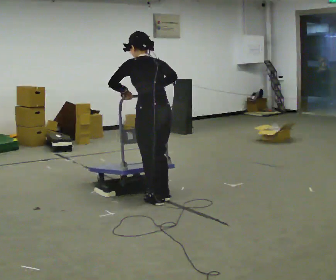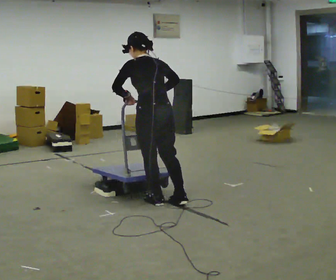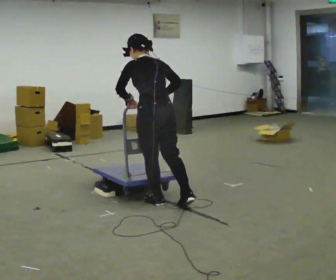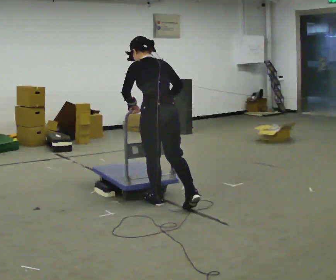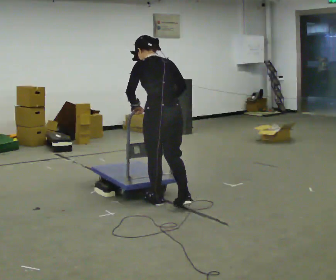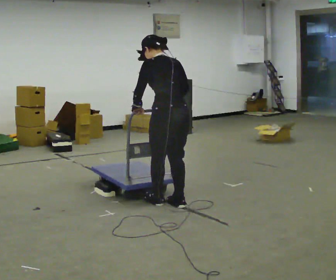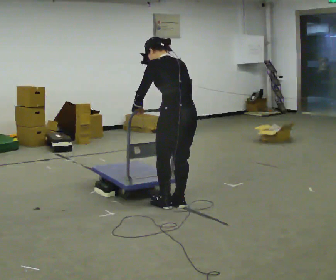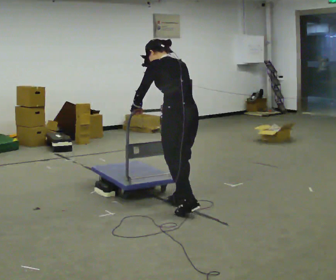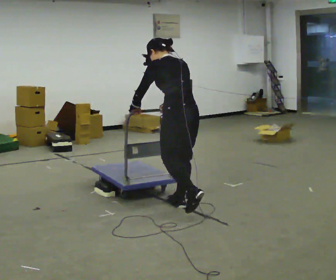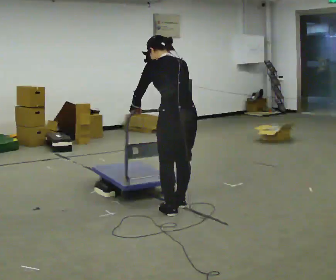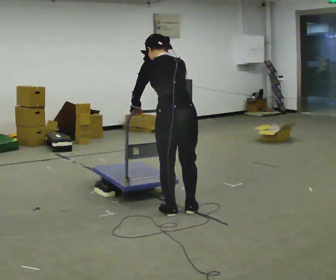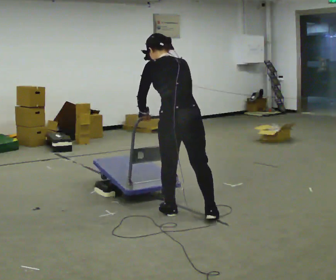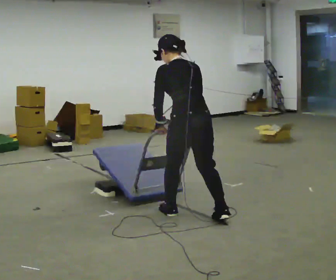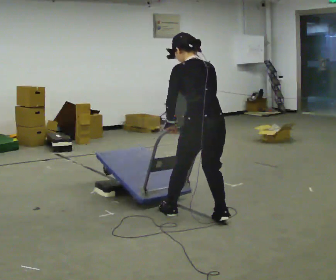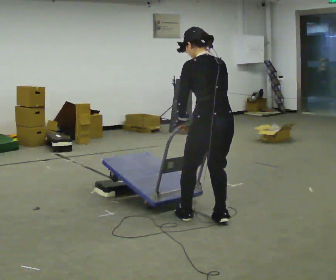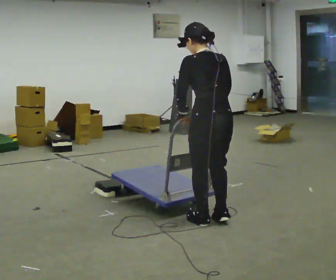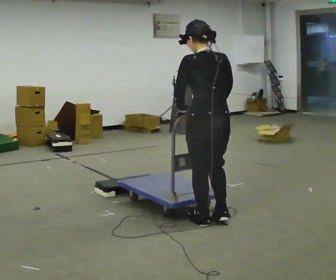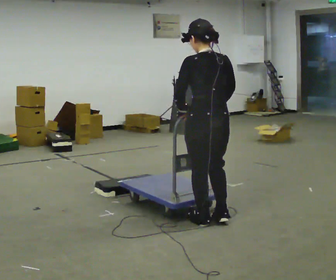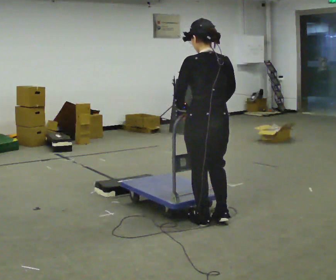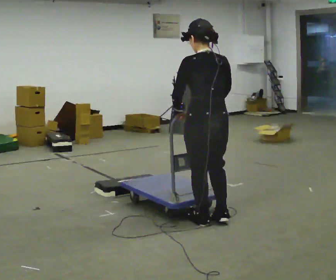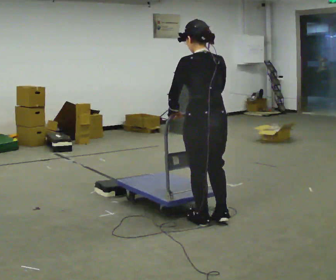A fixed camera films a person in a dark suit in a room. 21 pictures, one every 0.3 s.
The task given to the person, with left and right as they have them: Push the cart up over the low platform edge and down the other side, then bring it back over.
0.0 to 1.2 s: The person moves a little, or ends about where they began.
1.2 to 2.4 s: In the picture they go to the right, about 0.25 m in 1 step, which for them is backward.
2.4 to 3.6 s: In the picture they go toward the camera, about 0.25 m in 2 steps, which for them is backward.
3.6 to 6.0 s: The person moves a little, or ends about where they began.
The film runs forward here.
